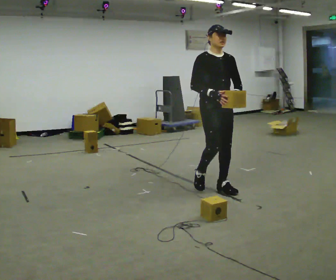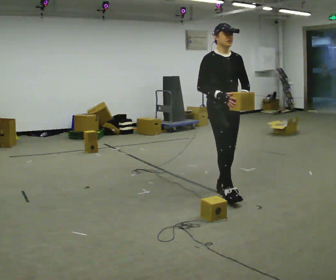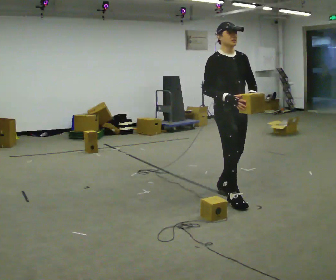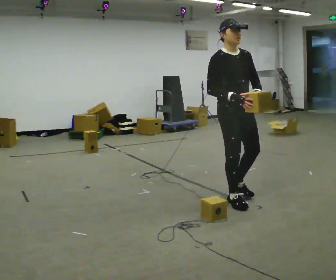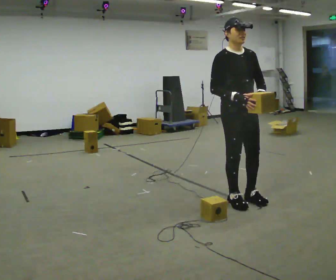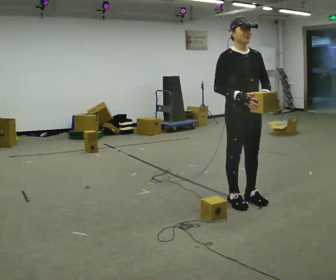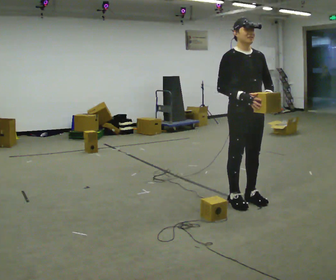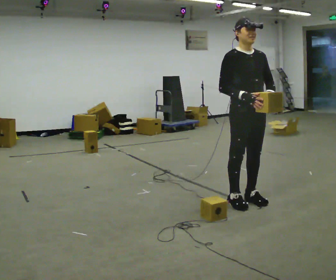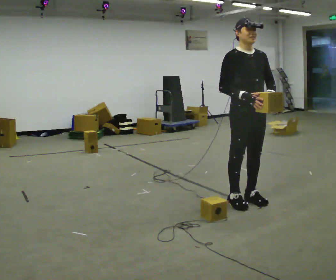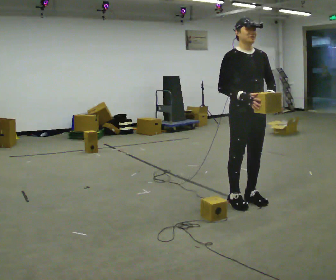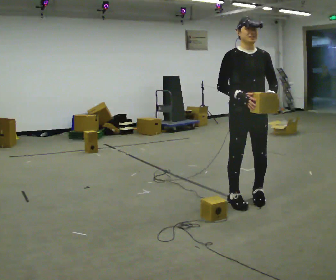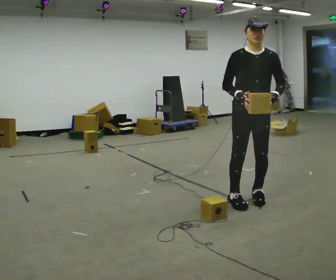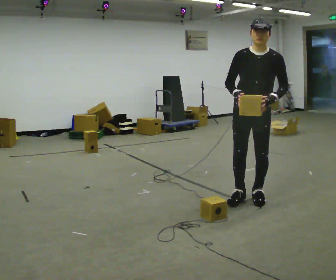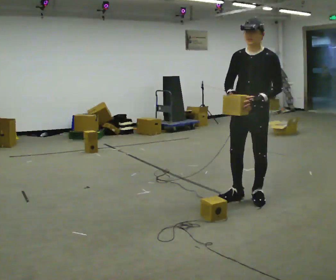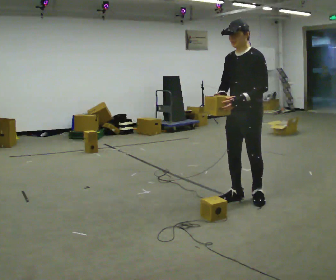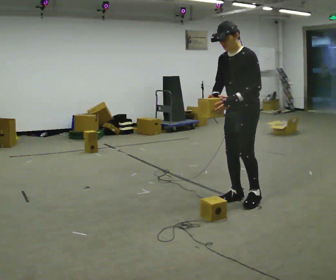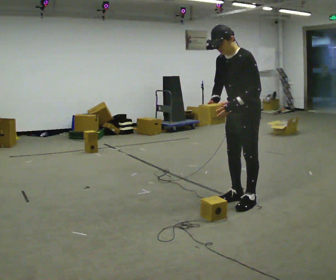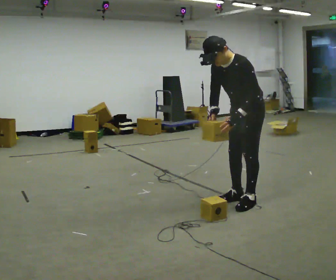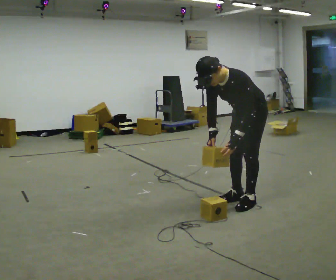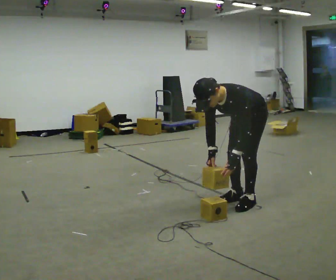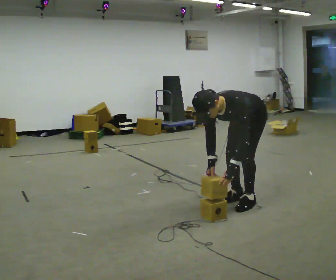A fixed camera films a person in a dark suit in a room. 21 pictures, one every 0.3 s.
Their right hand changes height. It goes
downward.
The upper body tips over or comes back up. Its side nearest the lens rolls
downward.
0.0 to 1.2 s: In the picture they go toward the camera and to the right, about 0.5 m in 2 steps, which for them is forward.
1.2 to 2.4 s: The person moves a little, or ends about where they began.
2.4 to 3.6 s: The person turns about 45 degrees to their right, clockwise seen from above, so the part of the body nearest the lens slides to the left.
3.6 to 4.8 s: Seen from above the body turns clockwise, about 45 degrees: to their right, with its near side sliding to the left. In the picture the upper body tilts counterclockwise, shoulders to the left, as they bend forward.
4.8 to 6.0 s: The upper body goes downward. The upper body tips toward the camera, its near side rolling downward, as they bend forward. In the picture their right hand goes downward.
The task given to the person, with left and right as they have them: Carry the stack of boxes across the room without letting it fall over, then bring it back. Keep going until the operator says stop; one object at a time, and do not rush between trips.
The film runs forward here.
